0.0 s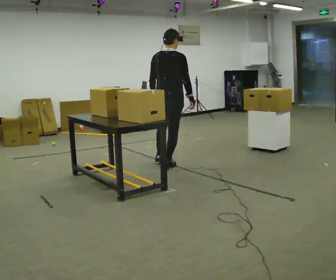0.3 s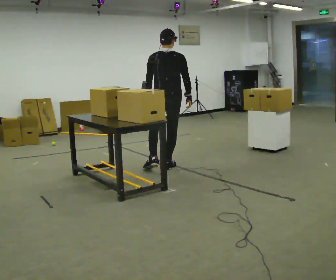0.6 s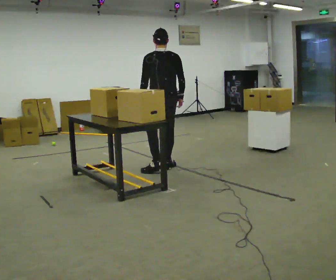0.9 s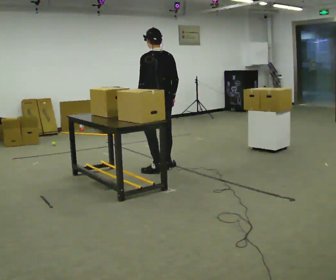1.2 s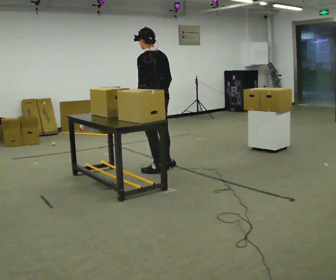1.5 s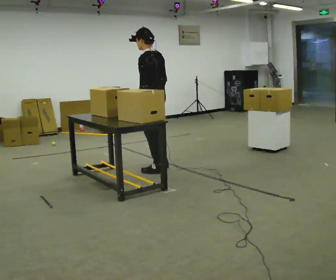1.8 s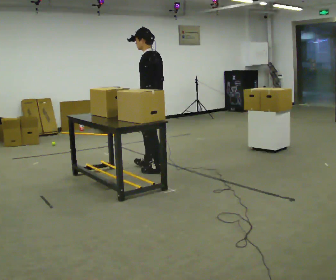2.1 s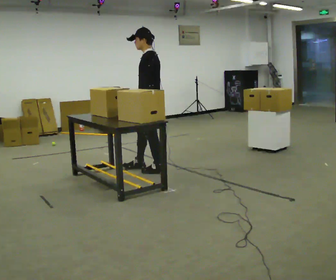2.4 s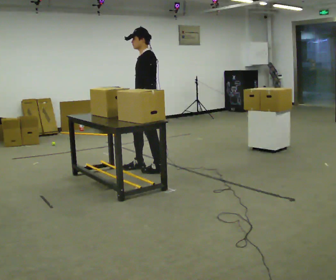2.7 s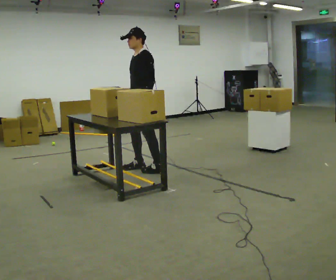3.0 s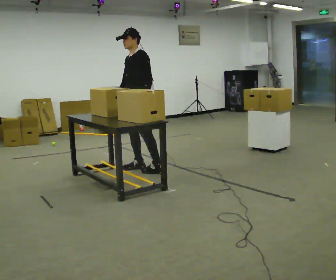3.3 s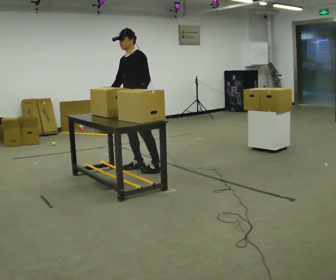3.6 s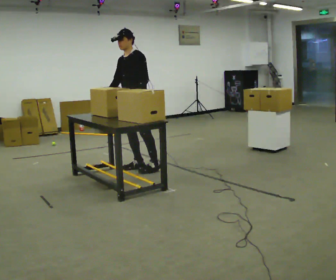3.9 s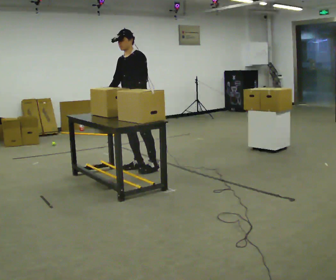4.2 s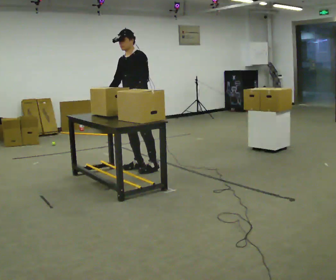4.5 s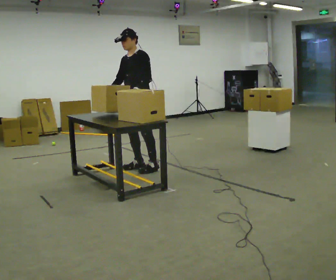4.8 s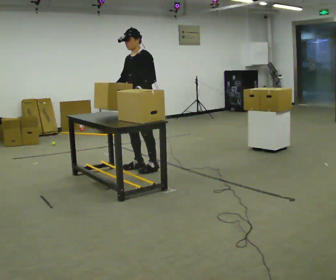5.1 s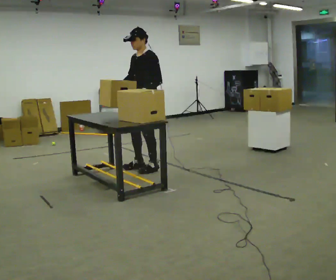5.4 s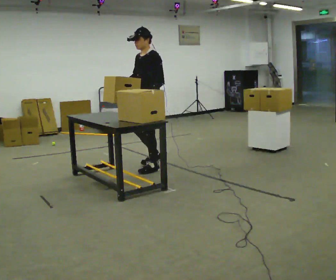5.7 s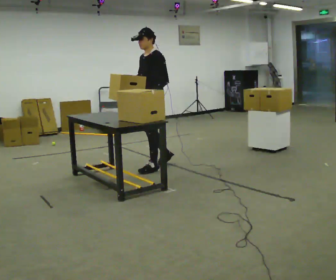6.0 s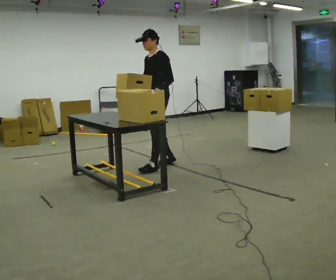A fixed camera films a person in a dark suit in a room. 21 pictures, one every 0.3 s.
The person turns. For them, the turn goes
to their left.
Their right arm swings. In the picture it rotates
clockwise.
0.0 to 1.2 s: Seen from above the body turns counterclockwise, about 75 degrees: to their left, with its near side sliding to the right. In the picture they go toward the camera, about 0.25 m. In the picture their right hand goes to the left.
1.2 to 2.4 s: The part of the body nearest the lens slides to the right as the person turns to their left by about 45 degrees. In the picture their right hand goes to the left.
2.4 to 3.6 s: The person turns about 30 degrees to their left, counterclockwise seen from above, so the part of the body nearest the lens slides to the right. In the picture their right hand goes to the left.
3.6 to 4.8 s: The person moves a little, or ends about where they began.
4.8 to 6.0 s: In the picture they go to the right, about 0.25 m in 1 step, which for them is backward.
The film runs backward here.
